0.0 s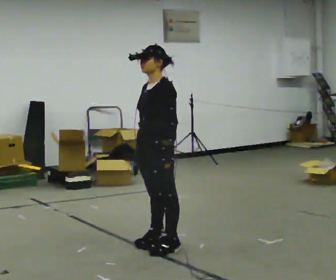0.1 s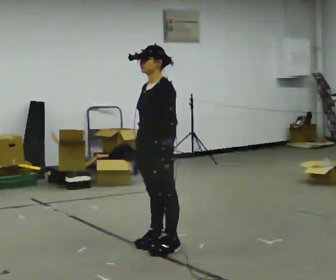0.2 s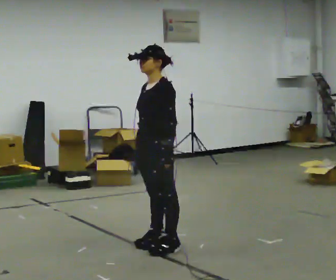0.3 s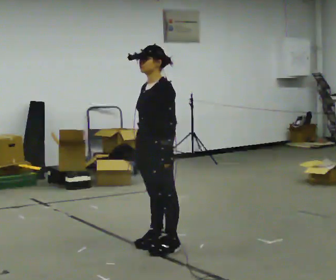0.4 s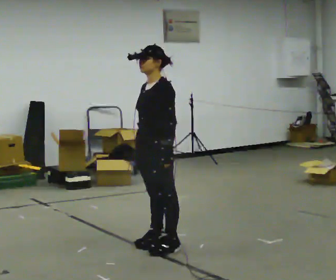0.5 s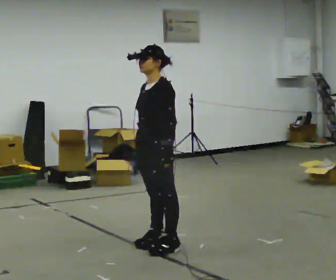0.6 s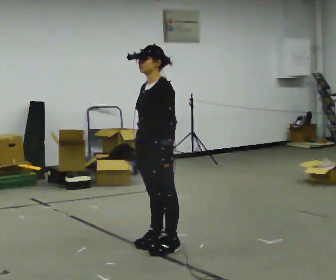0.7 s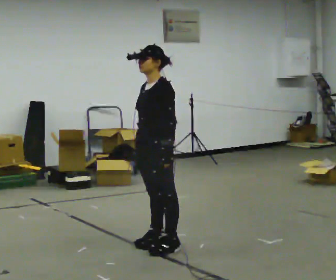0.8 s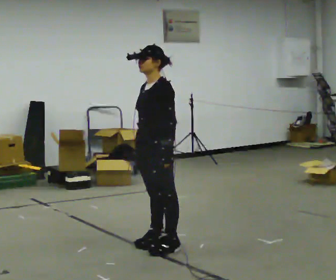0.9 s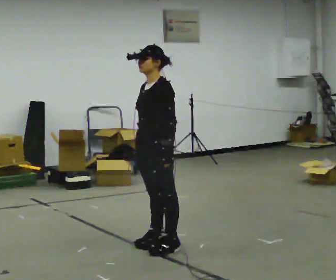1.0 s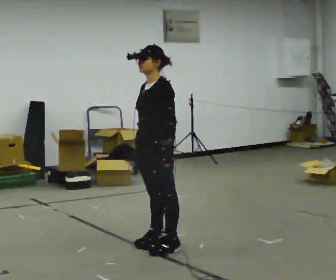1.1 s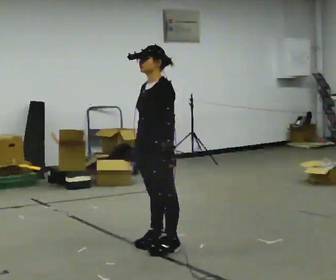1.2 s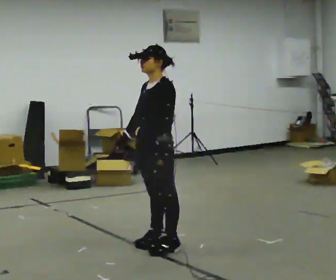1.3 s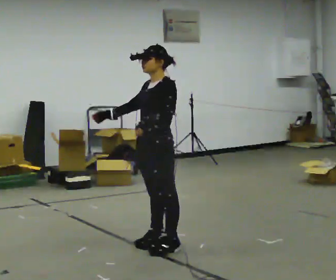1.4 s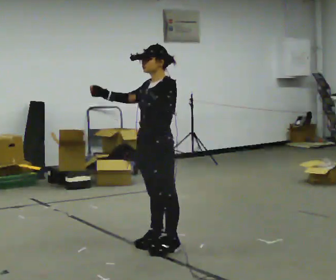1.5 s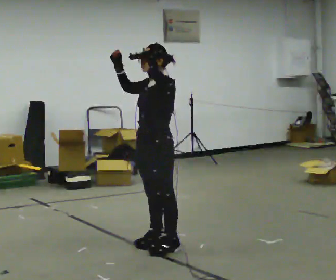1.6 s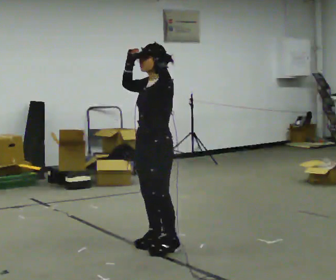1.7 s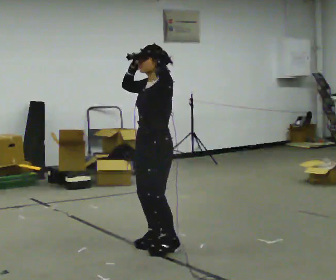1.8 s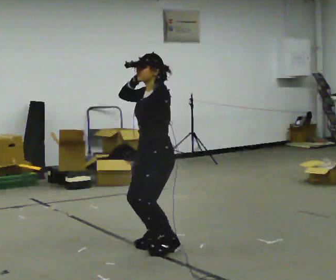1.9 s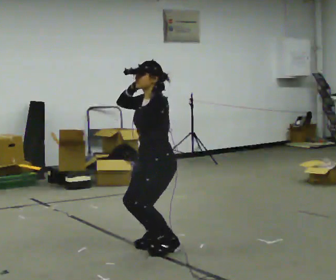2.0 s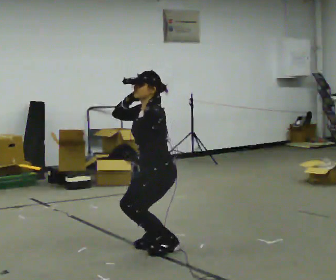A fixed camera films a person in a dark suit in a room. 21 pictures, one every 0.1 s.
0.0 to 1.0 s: The person keeps their place and pose.
1.0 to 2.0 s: The shoulders move downward. In the picture their right hand goes upward.
The film runs forward here.
